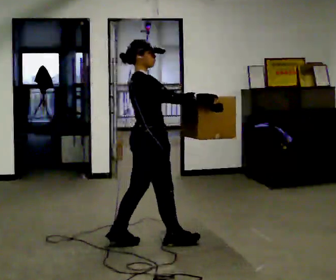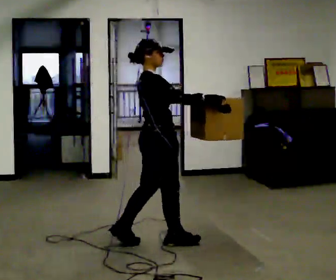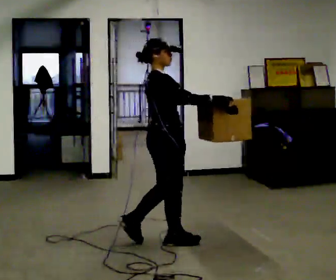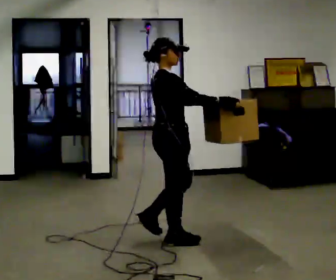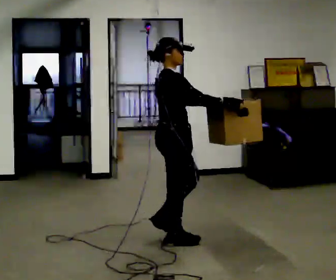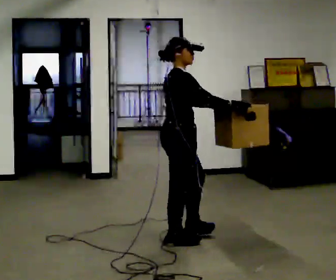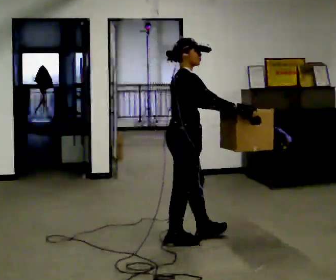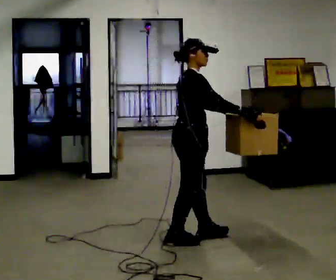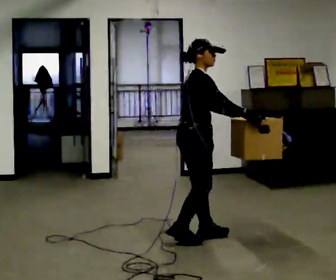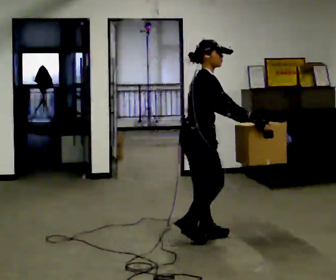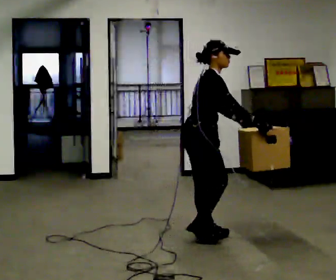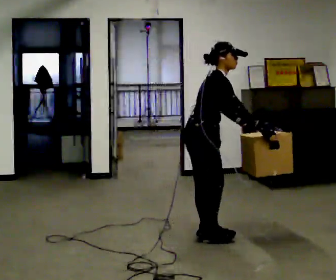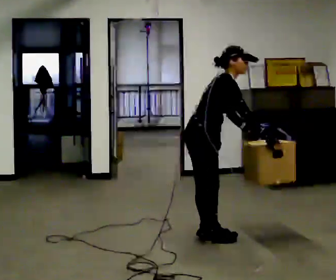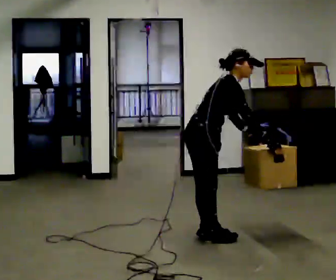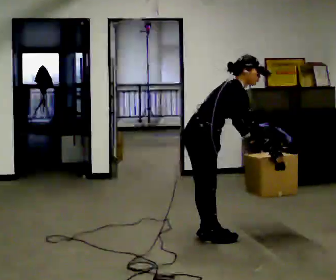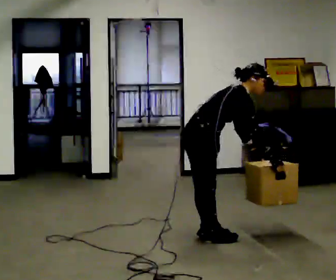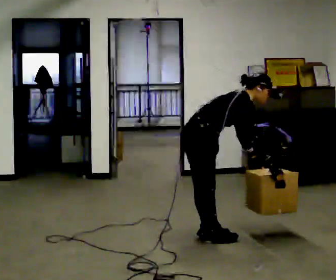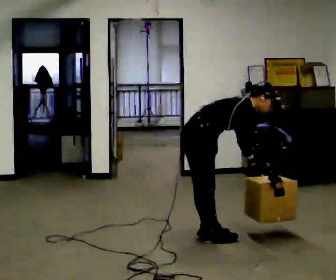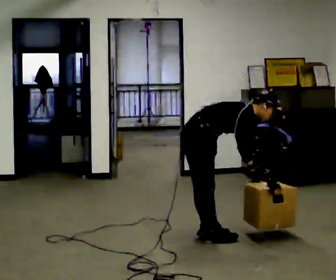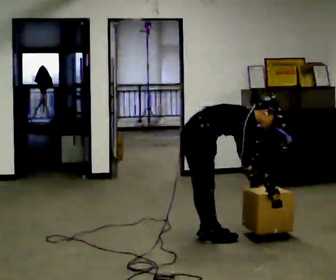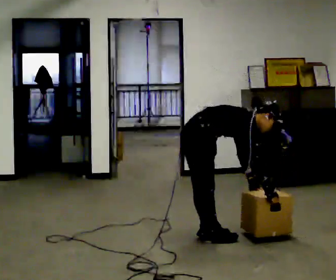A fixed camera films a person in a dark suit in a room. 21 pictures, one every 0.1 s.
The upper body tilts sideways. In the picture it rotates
clockwise.
Their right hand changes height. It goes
downward.
0.0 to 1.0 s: In the picture they go to the right and away from the camera, about 0.5 m in 1 step, which for them is forward. In the picture the upper body tilts clockwise, shoulders to the right, as they bend forward.
1.0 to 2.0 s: The upper body goes downward. In the picture the upper body tilts clockwise, shoulders to the right, as they bend forward. In the picture their right hand goes downward.
The film runs forward here.
